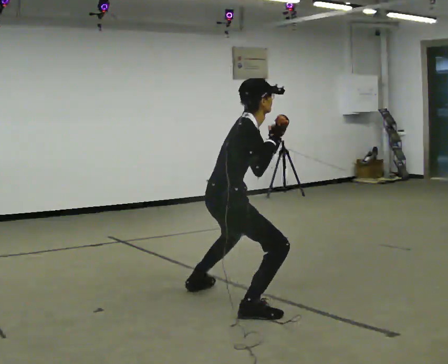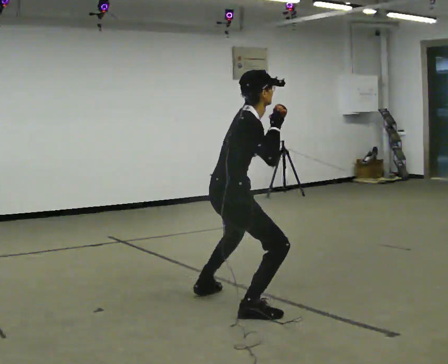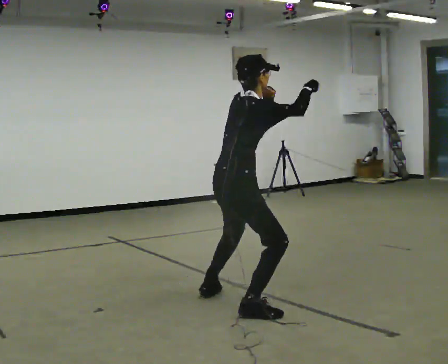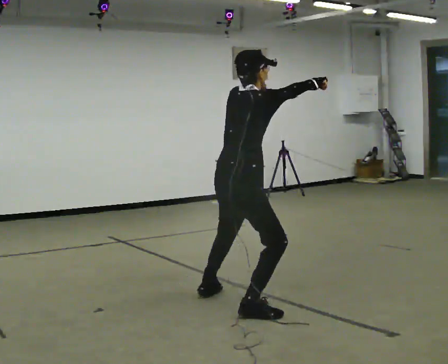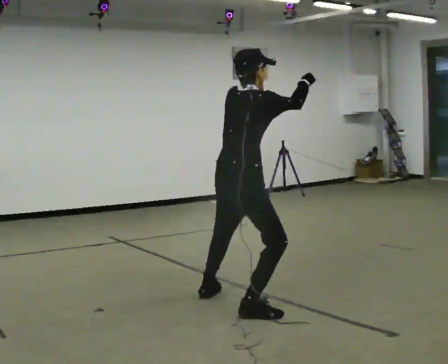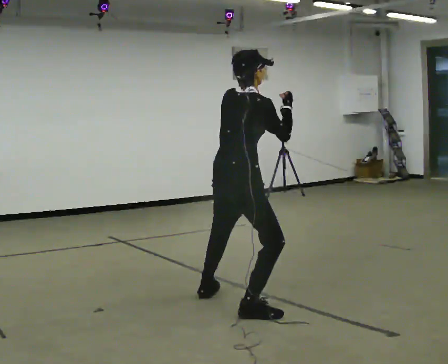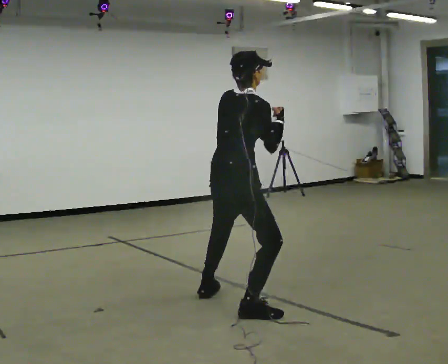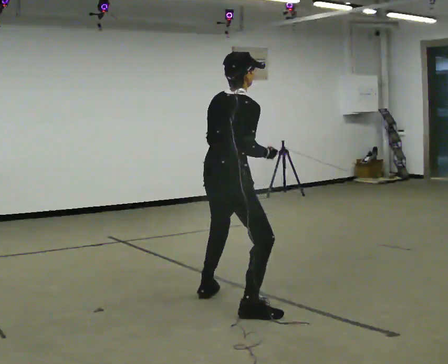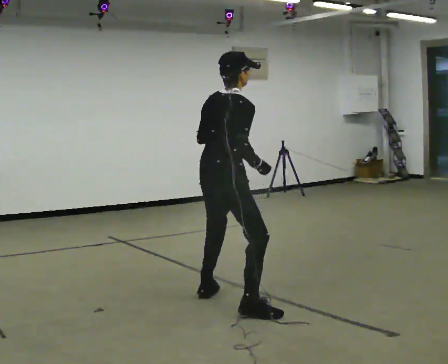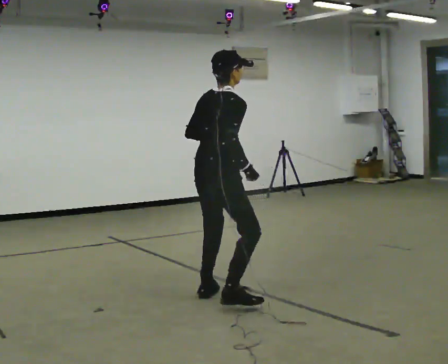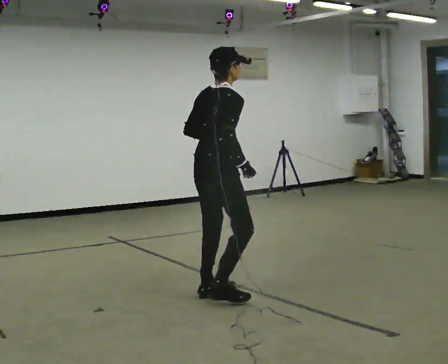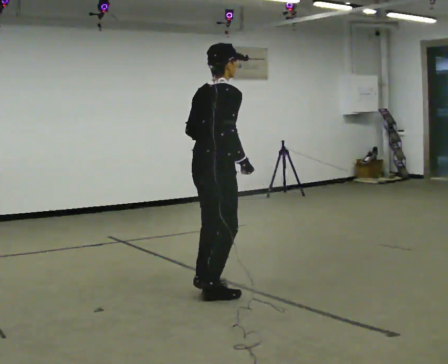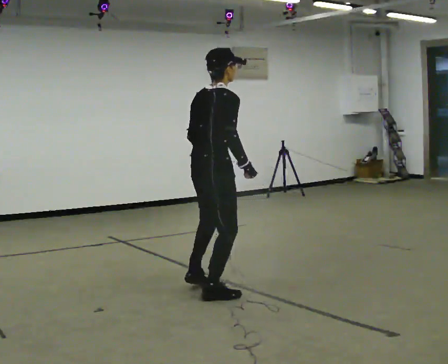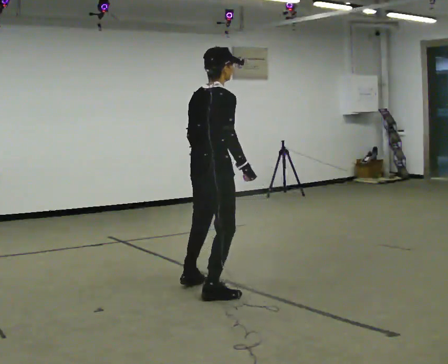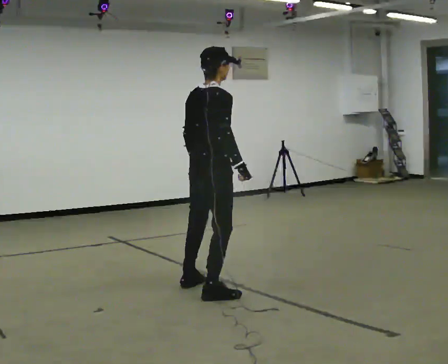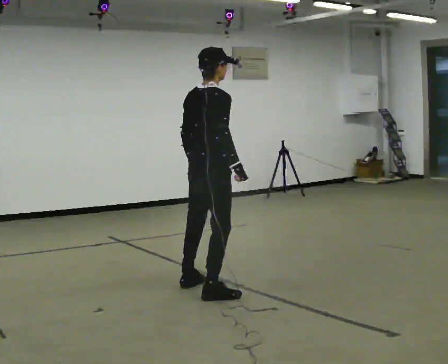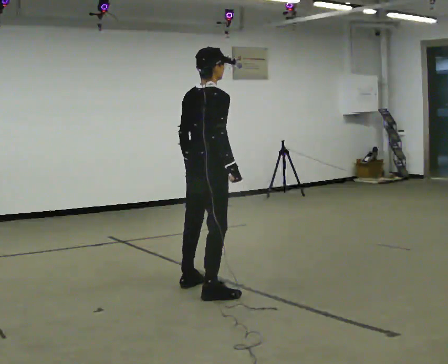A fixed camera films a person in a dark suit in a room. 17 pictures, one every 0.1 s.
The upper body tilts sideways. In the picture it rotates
counterclockwise.
0.0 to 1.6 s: In the picture they go away from the camera, about 0.5 m in 3 steps, which for them is to their left and forward. The shoulders move upward. In the picture the upper body tilts counterclockwise, shoulders to the left, as they lean back or straighten.
The film runs forward here.
